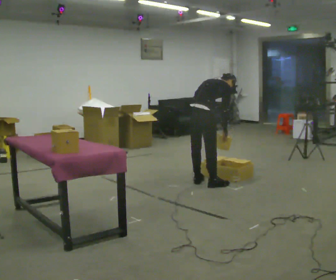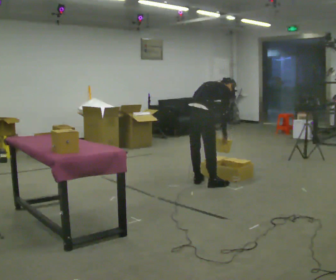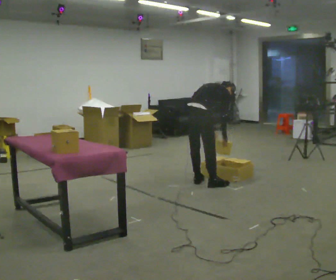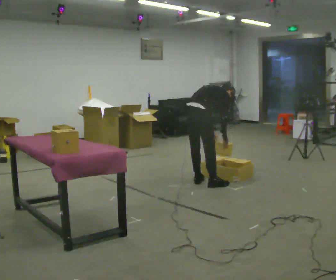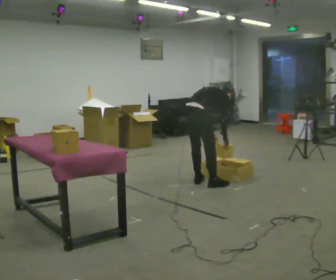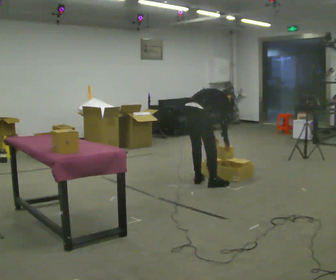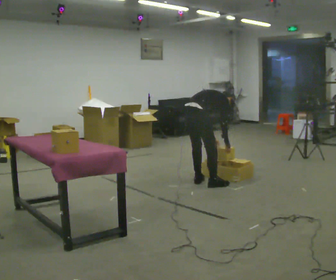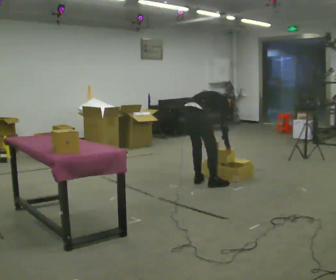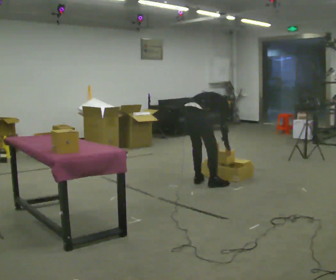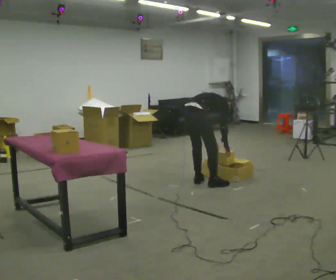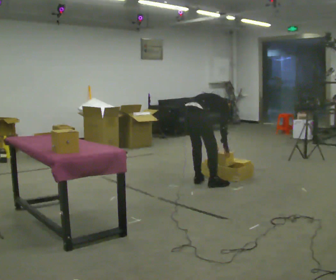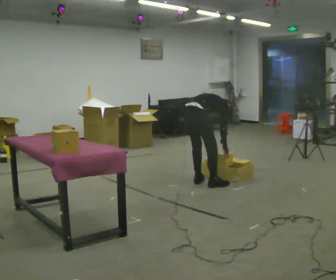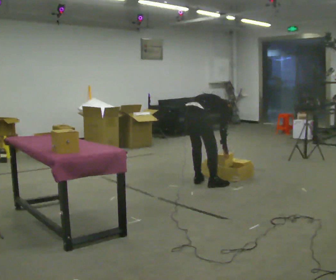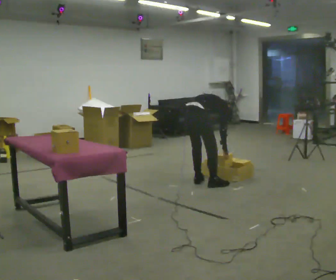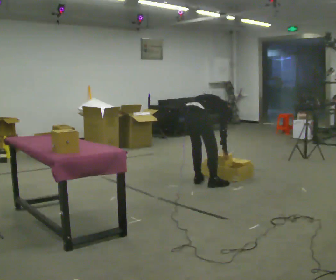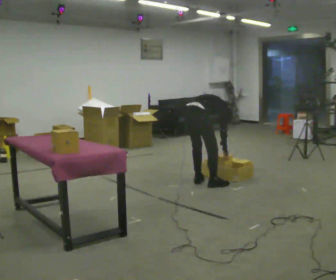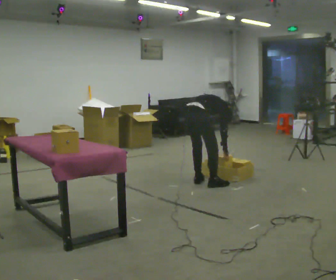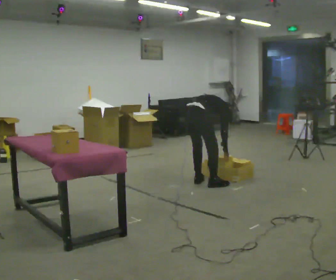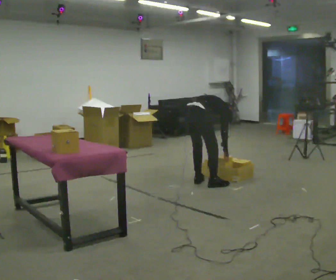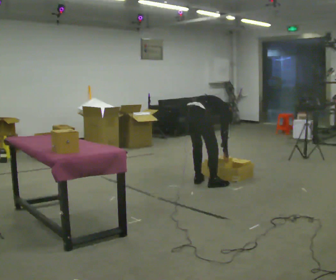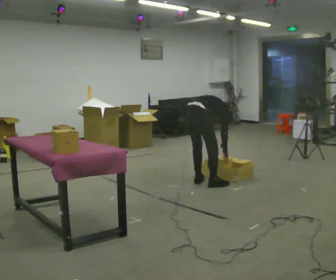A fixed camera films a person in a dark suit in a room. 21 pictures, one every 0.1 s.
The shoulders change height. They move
downward.
0.0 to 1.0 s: The upper body goes downward. In the picture the upper body tilts clockwise, shoulders to the right, as they bend forward.
1.0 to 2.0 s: The person moves a little, or ends about where they began.
The film runs forward here.
